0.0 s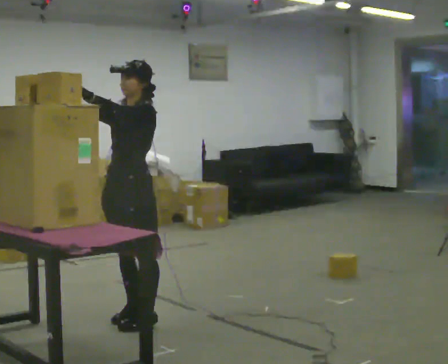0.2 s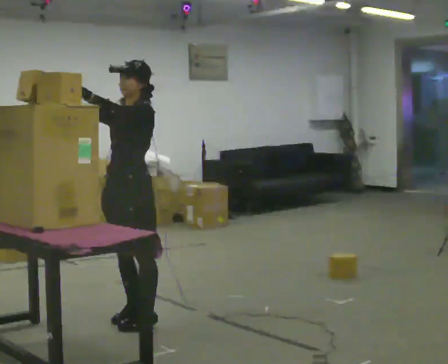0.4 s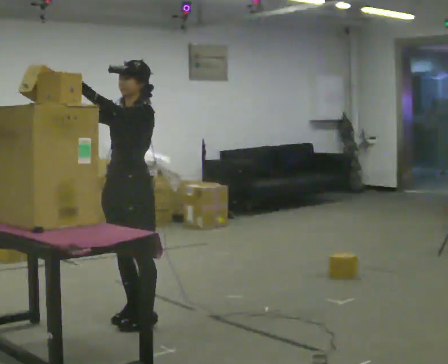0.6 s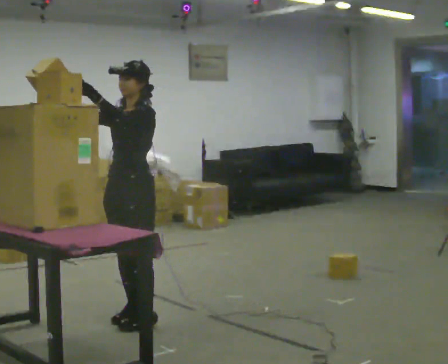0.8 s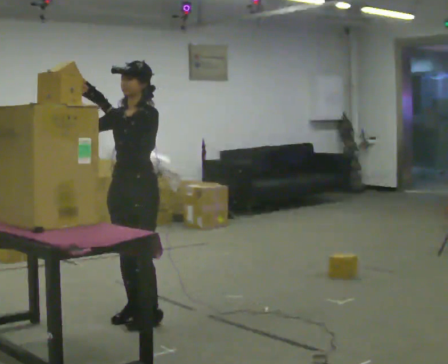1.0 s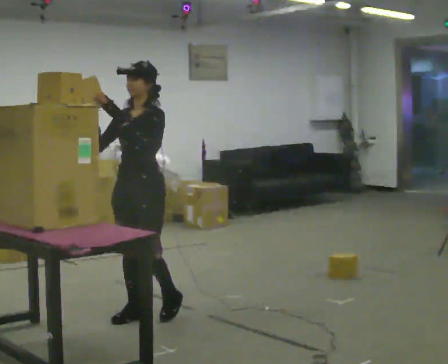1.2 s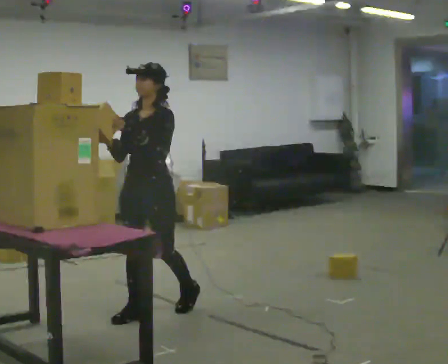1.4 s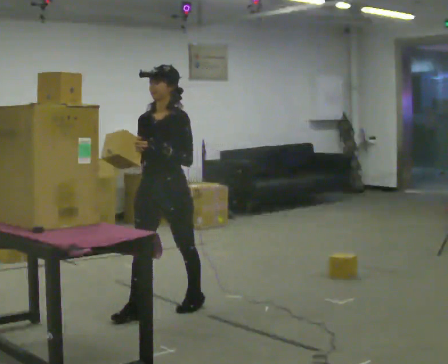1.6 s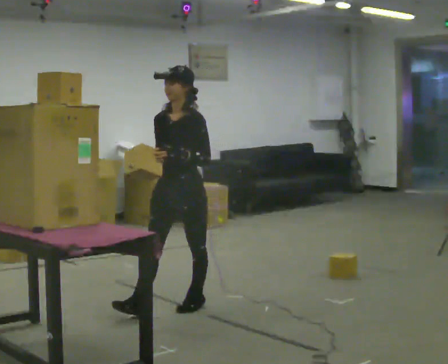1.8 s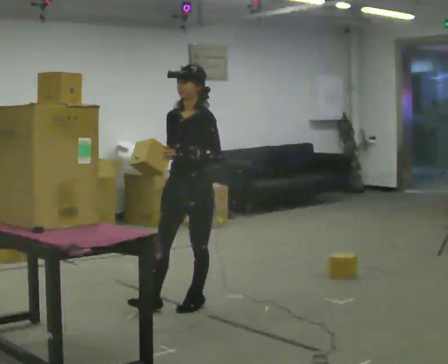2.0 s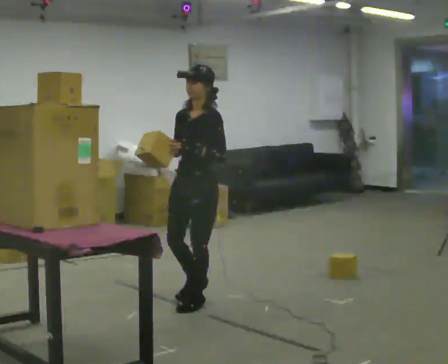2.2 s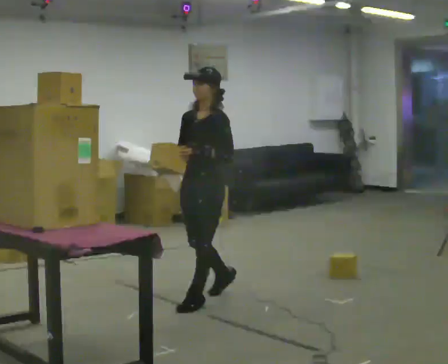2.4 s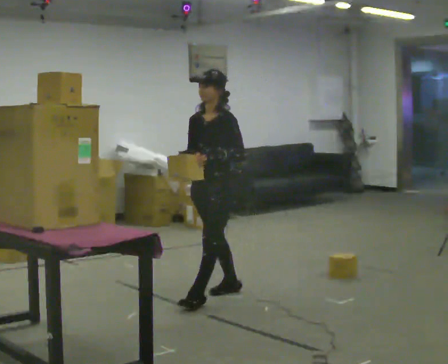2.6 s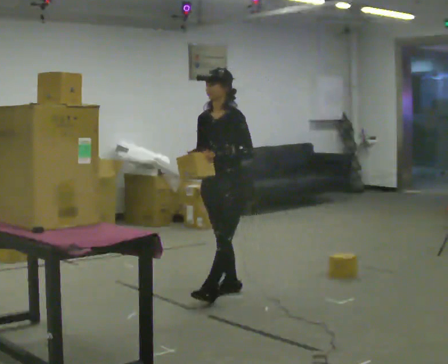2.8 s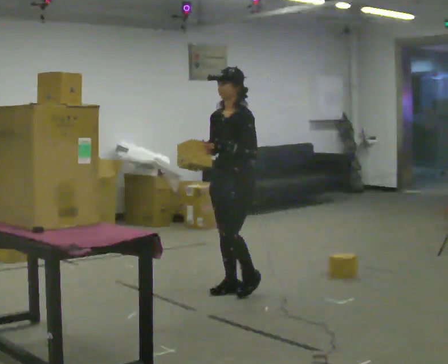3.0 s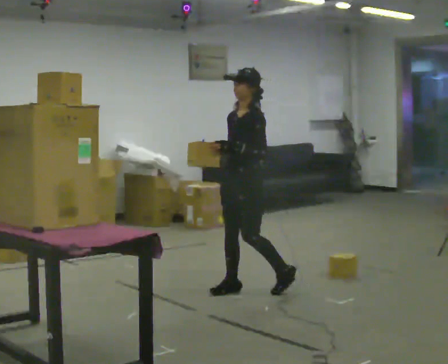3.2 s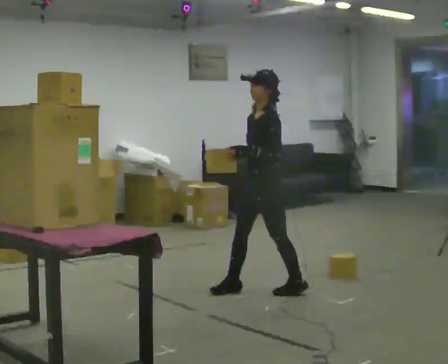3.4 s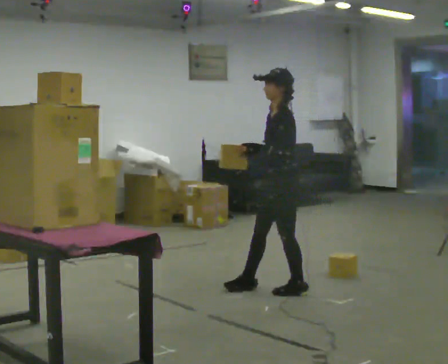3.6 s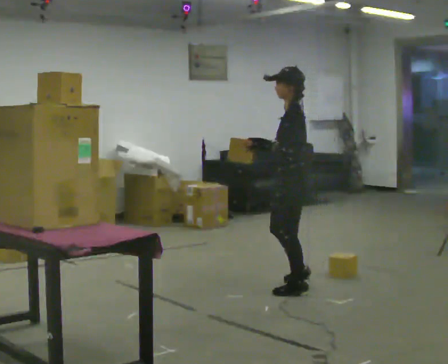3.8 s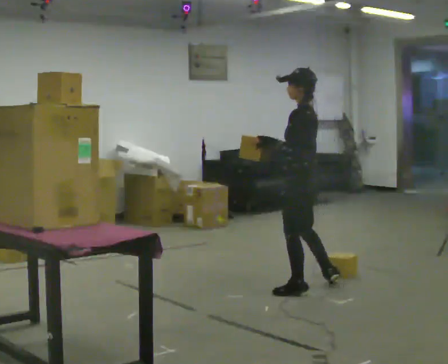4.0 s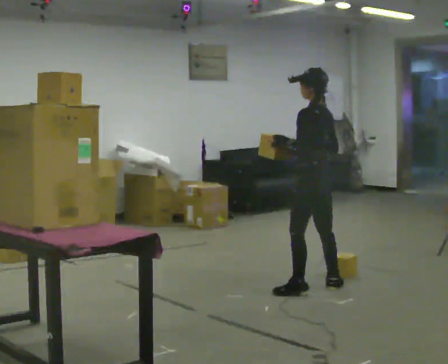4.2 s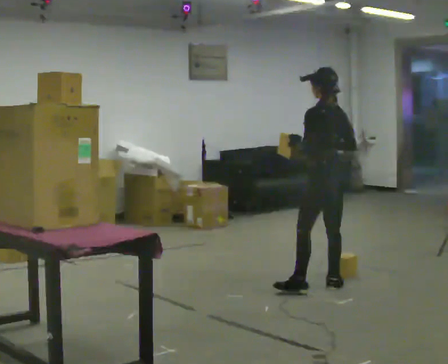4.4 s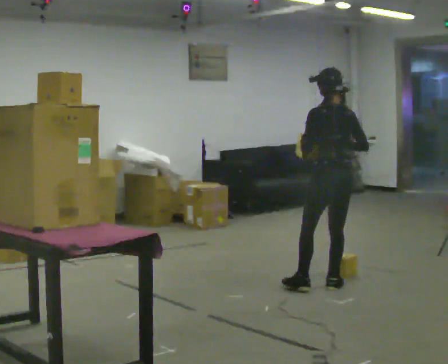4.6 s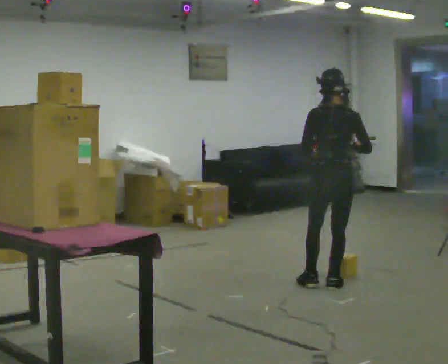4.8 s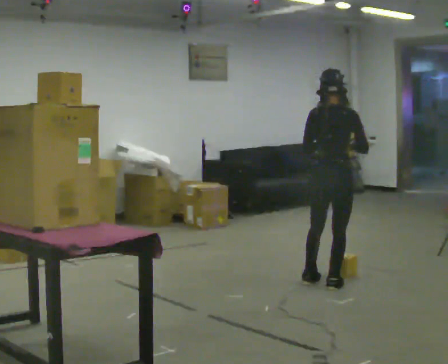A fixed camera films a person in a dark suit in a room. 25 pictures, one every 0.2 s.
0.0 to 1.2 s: In the picture they go away from the camera, about 0.25 m in 1 step, which for them is backward.
1.2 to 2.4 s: In the picture they go away from the camera and to the right, about 0.5 m in 1 step, which for them is backward.
2.4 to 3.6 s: The person turns about 45 degrees to their right, clockwise seen from above, so the part of the body nearest the lens slides to the left. In the picture they go to the right, about 0.5 m in 2 steps, which for them is backward.
3.6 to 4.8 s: The part of the body nearest the lens slides to the left as the person turns to their right by about 90 degrees. In the picture they go to the right, about 0.25 m in 1 step.
The film runs backward here.
